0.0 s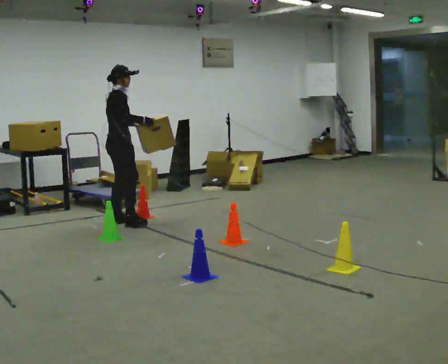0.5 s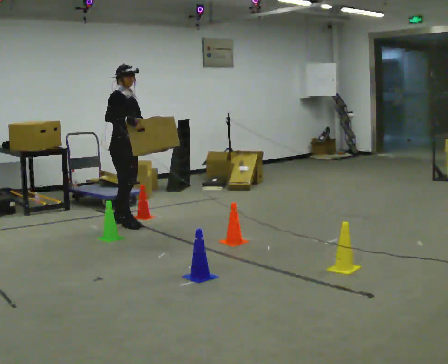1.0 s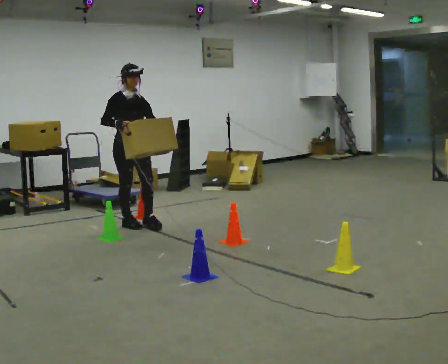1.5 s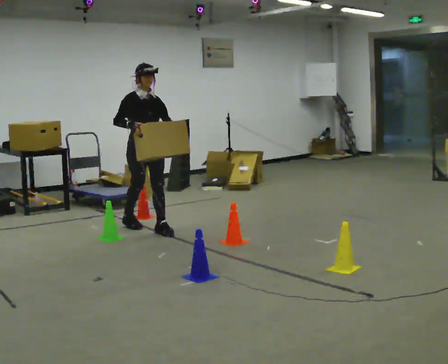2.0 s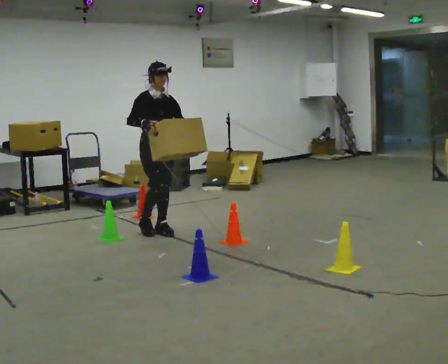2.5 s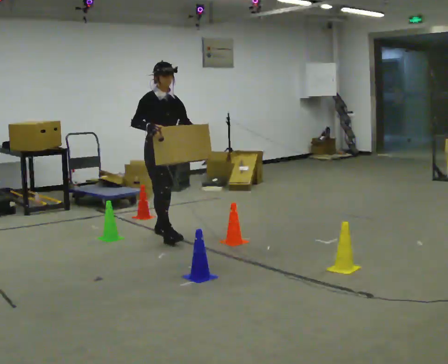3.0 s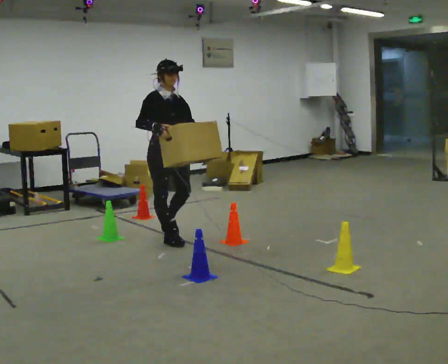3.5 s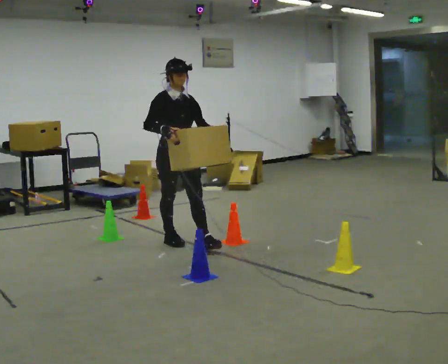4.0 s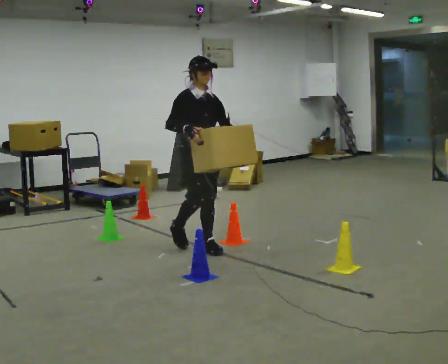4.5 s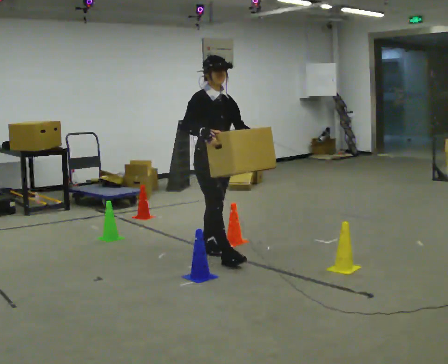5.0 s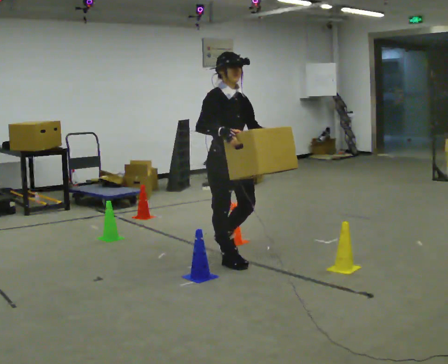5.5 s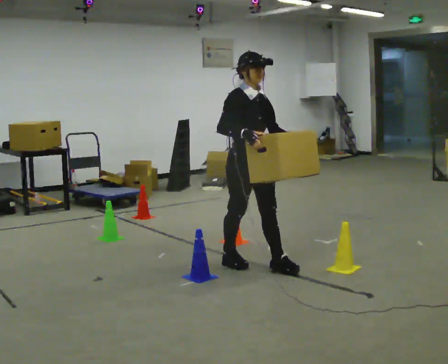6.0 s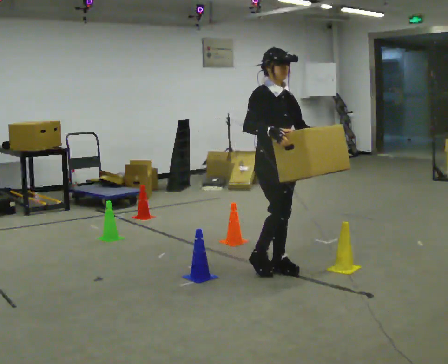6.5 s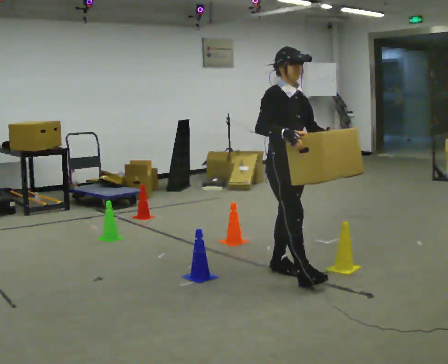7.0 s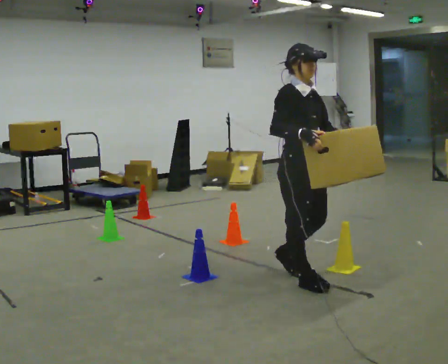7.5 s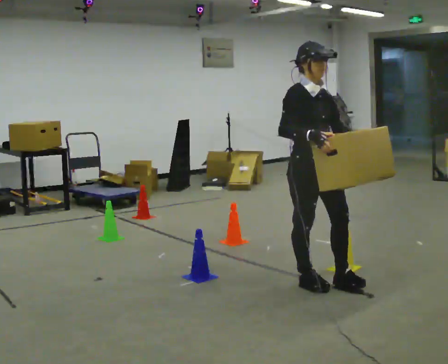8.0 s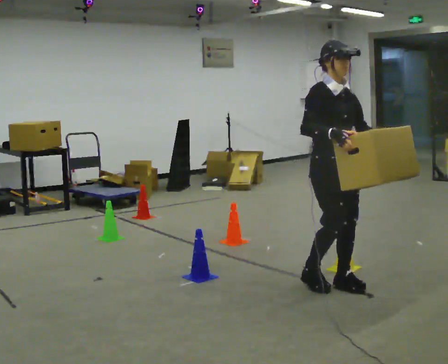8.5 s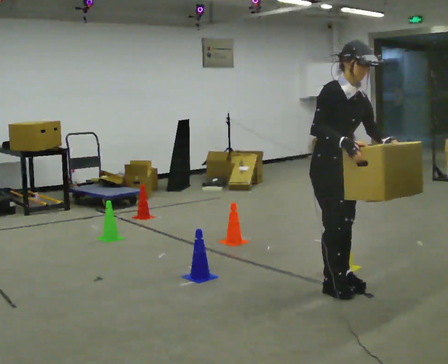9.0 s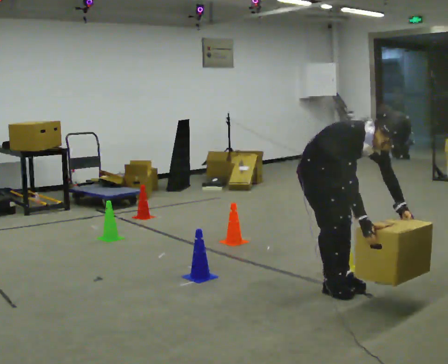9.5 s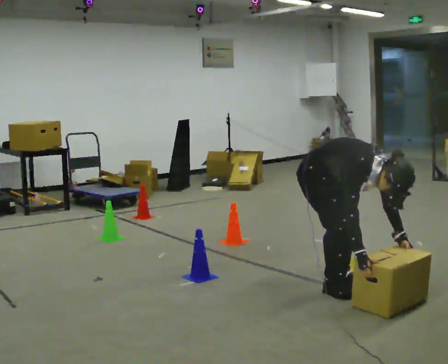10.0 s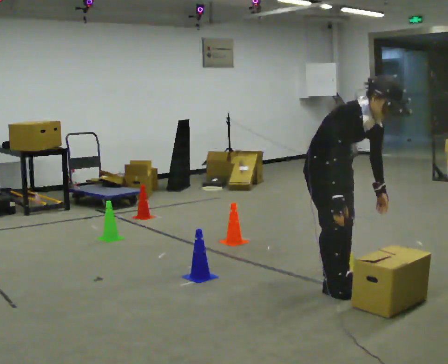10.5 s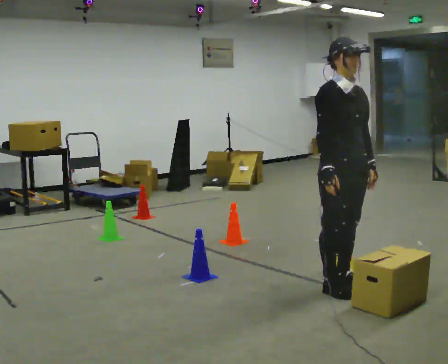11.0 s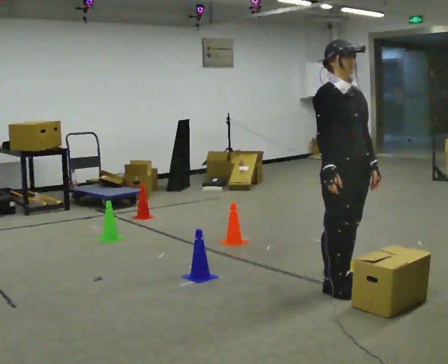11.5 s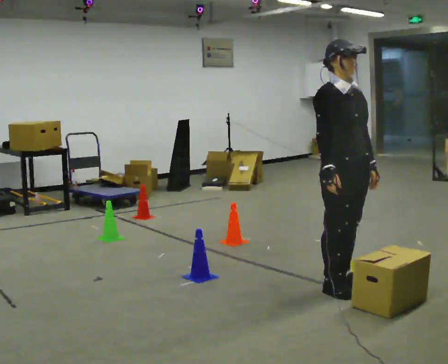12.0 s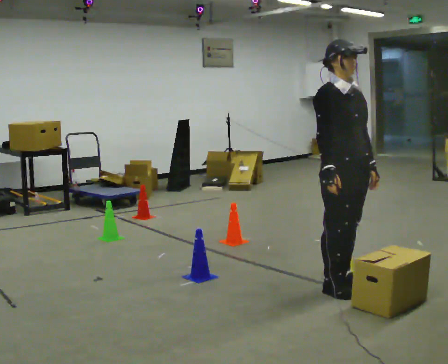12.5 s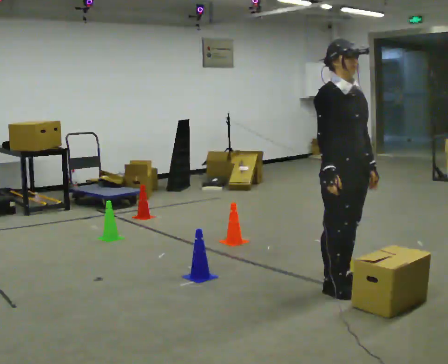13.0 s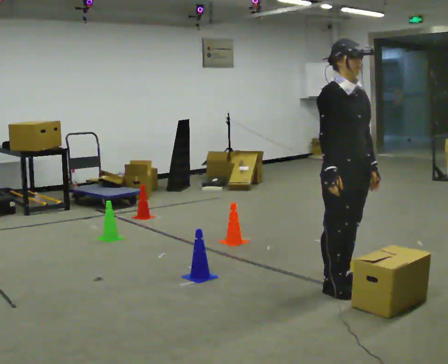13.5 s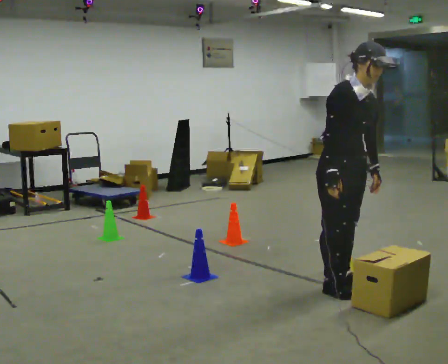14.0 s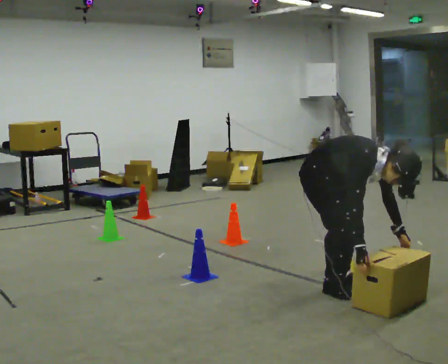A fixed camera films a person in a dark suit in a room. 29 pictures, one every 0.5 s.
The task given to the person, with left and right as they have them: Carry the box through the gap between the panels without touching either side, then set it down and bring it back. Keep going until the operator says stop; one object at a time, and do not rush between trips.
0.0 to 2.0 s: The person turns about 75 degrees to their right, clockwise seen from above, so the part of the body nearest the lens slides to the left. In the picture they go to the right and toward the camera, about 0.5 m in 1 step.
2.0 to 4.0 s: In the picture they go toward the camera and to the right, about 0.5 m in 2 steps, which for them is forward.
4.0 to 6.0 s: In the picture they go to the right and toward the camera, about 1 m in 2 steps, which for them is forward.
6.0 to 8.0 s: In the picture they go to the right and toward the camera, about 0.5 m in 2 steps, which for them is forward.
8.0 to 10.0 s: In the picture their right hand goes downward.
10.0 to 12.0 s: The upper body tips away from the camera, its near side rolling upward, as they lean back or straighten.
12.0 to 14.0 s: The upper body goes downward. In the picture the upper body tilts clockwise, shoulders to the right, as they bend forward. In the picture their right hand goes downward.
The film runs forward here.
